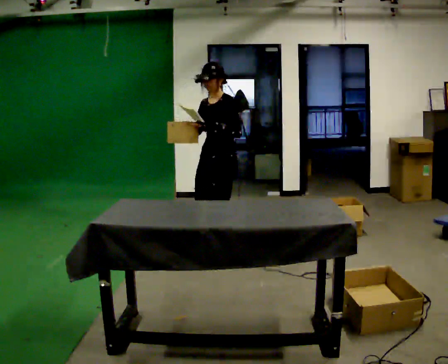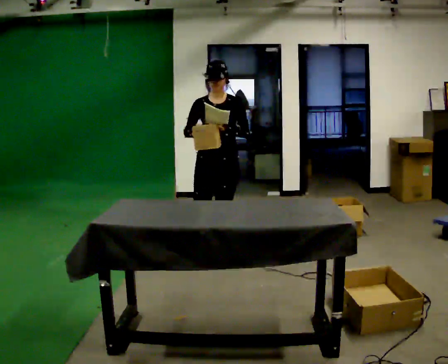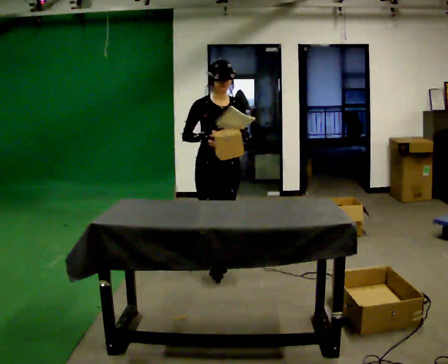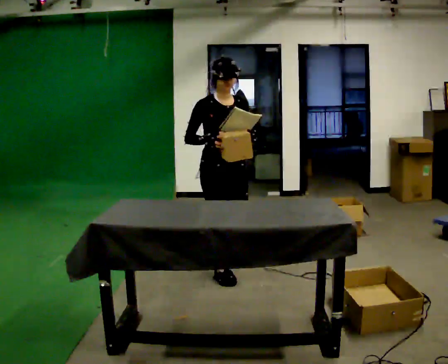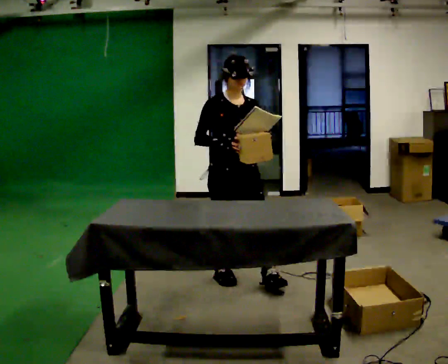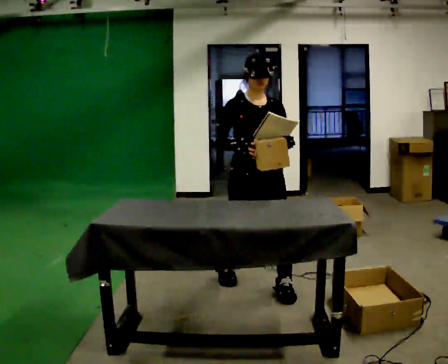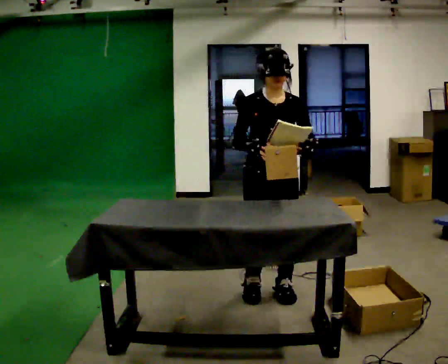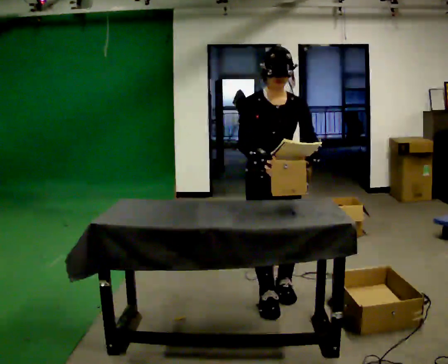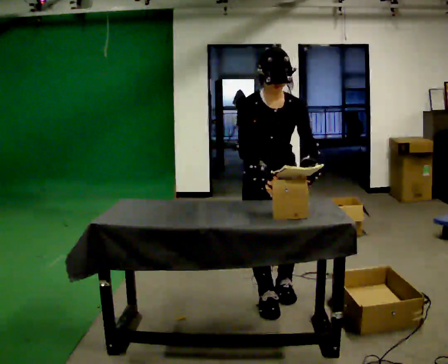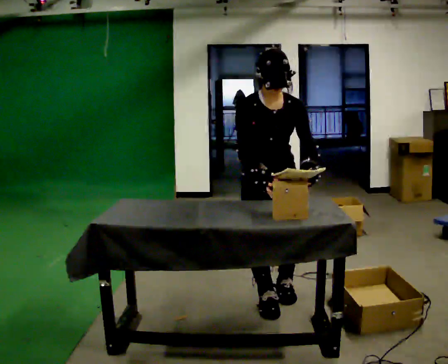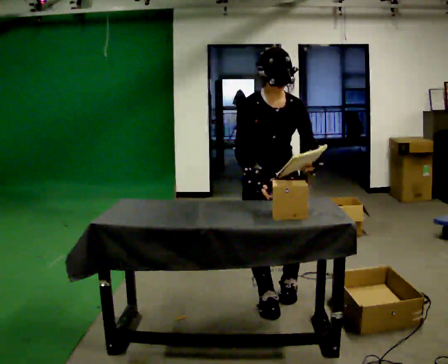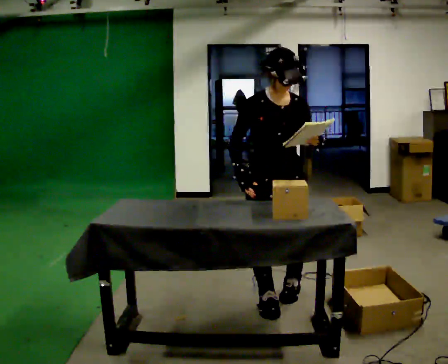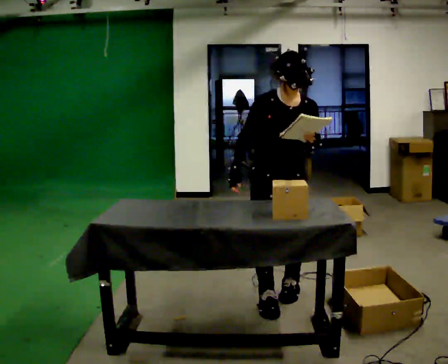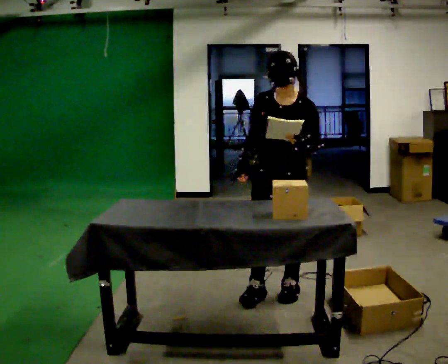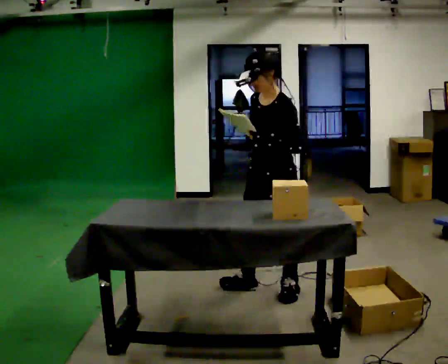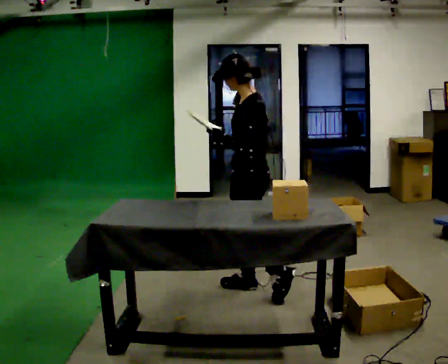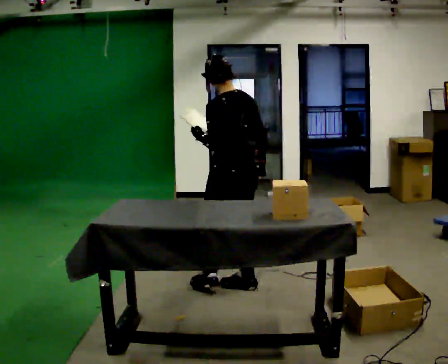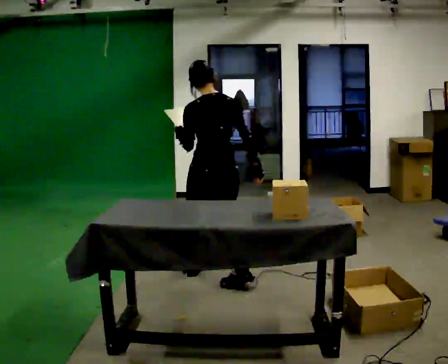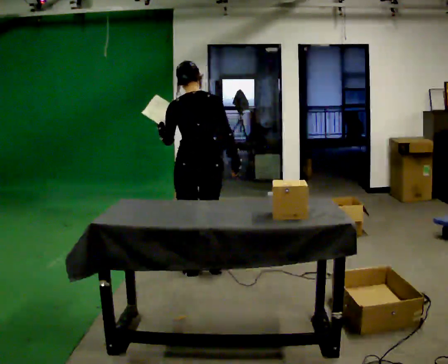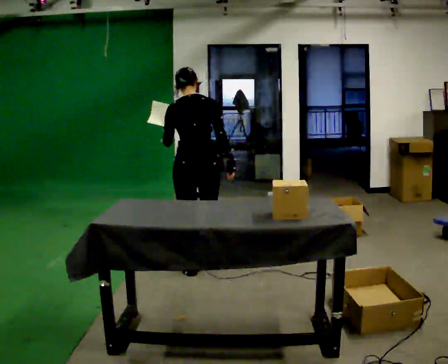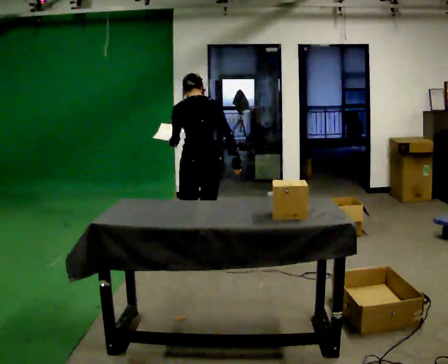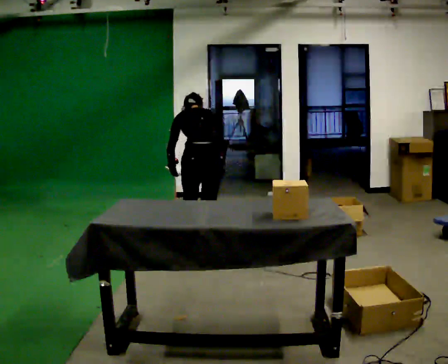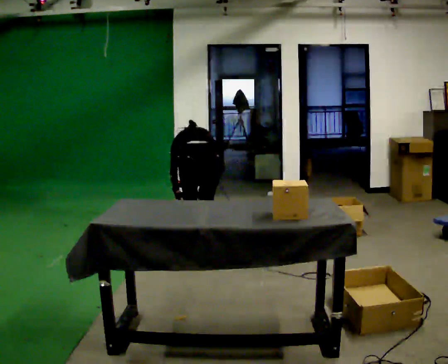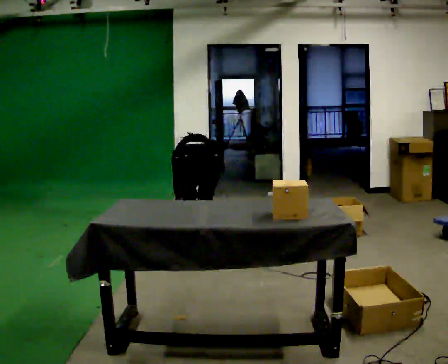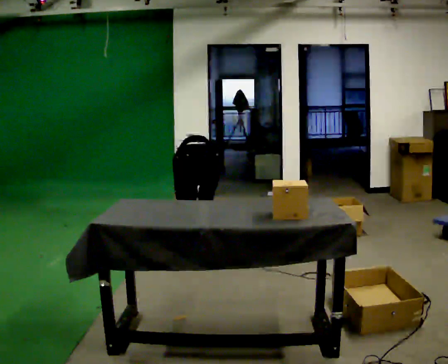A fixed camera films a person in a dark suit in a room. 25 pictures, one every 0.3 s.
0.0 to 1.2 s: The part of the body nearest the lens slides to the right as the person turns to their left by about 75 degrees. In the picture they go toward the camera, about 0.75 m in 1 step.
1.2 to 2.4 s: In the picture they go toward the camera and to the right, about 0.5 m in 2 steps, which for them is forward and to their left. The upper body tips toward the camera, its near side rolling downward, as they bend forward.
2.4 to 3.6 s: The person moves a little, or ends about where they began.
3.6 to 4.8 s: The part of the body nearest the lens slides to the left as the person turns to their right by about 150 degrees. In the picture they go to the left and away from the camera, about 0.25 m in 1 step.
4.8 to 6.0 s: In the picture they go away from the camera and to the left, about 0.5 m in 2 steps, which for them is forward.
6.0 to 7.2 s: The upper body goes downward. The upper body tips away from the camera, its near side rolling upward, as they bend forward. In the picture their right hand goes downward and to the left.
The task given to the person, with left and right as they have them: 1. Read the parts list. 2. Collect each part from the bins around the room. 3. Lay them out on the table in the order on the list. 4. Put them all in the carry case. 5. Tell the operator when you are finished.
The film runs forward here.
